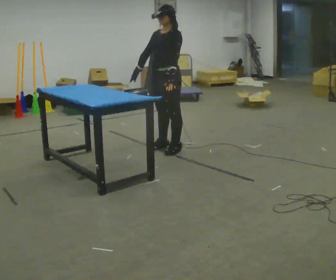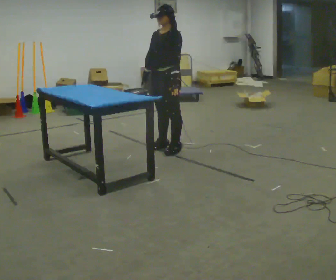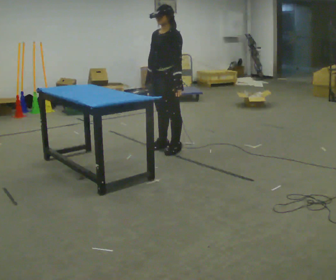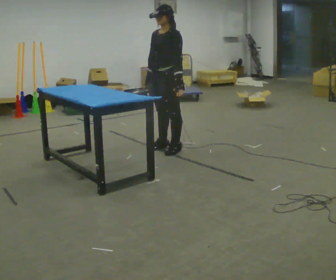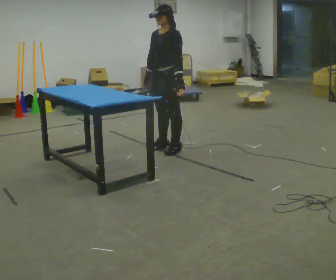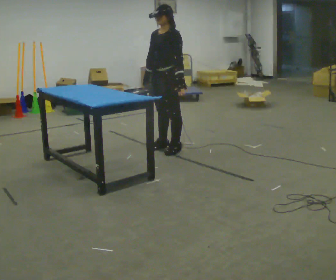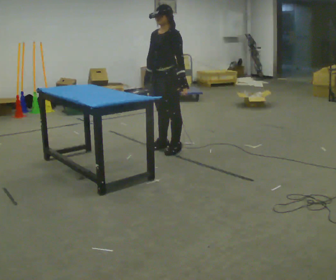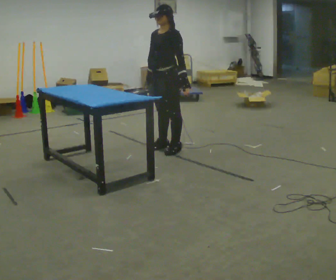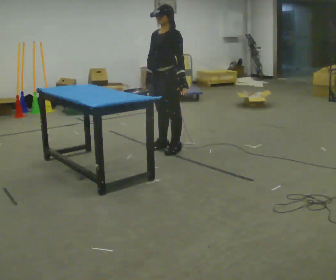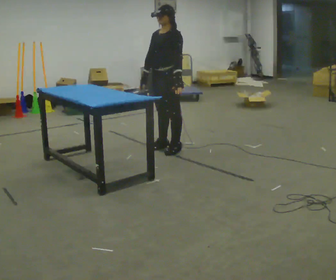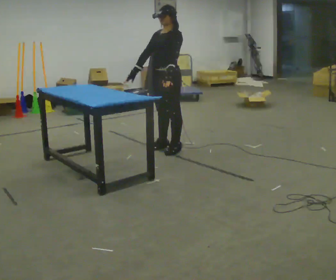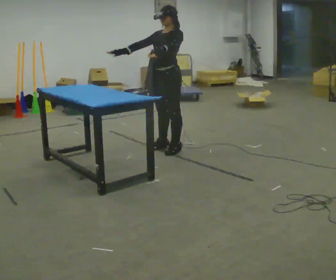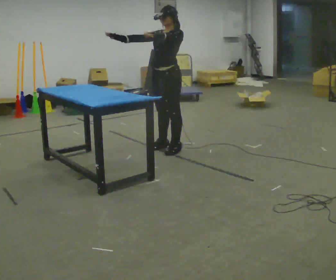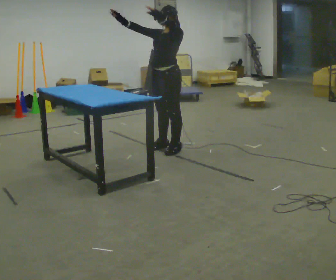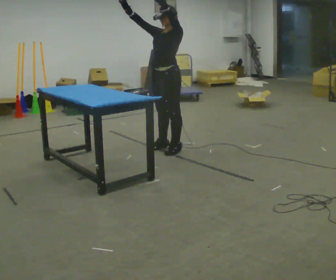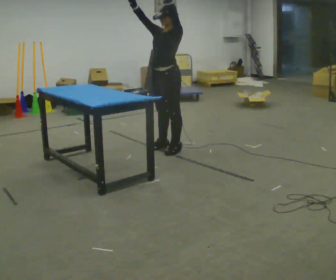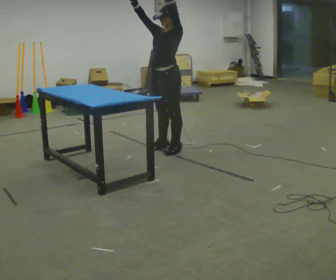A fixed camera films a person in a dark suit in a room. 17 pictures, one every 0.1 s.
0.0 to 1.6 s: In the picture their right hand goes upward, the arm swinging clockwise.
The film runs backward here.
